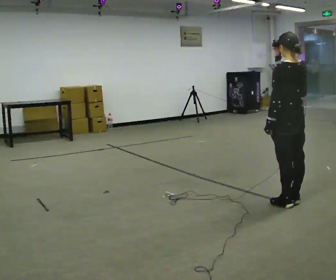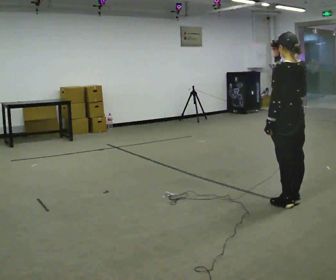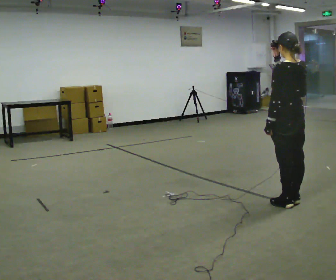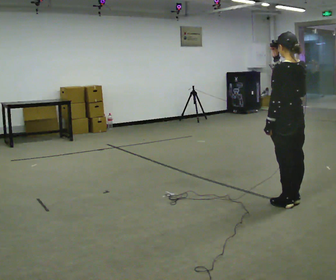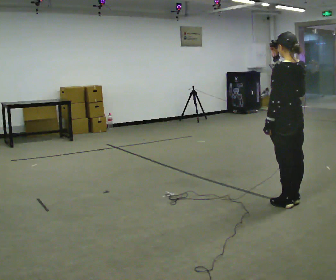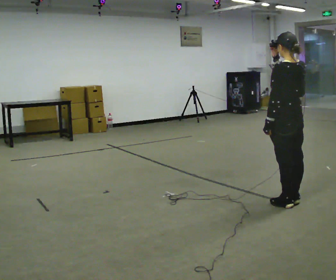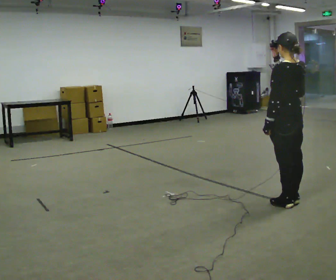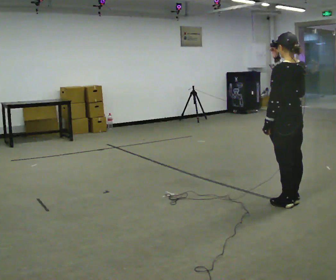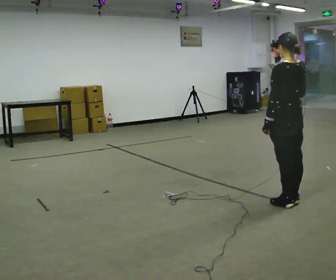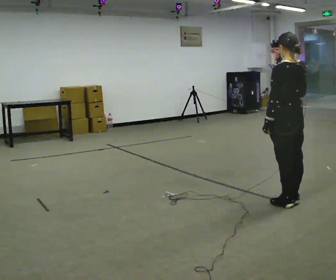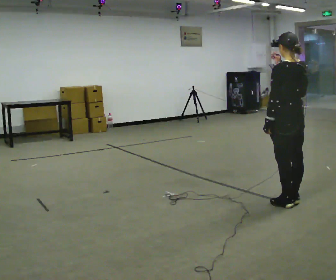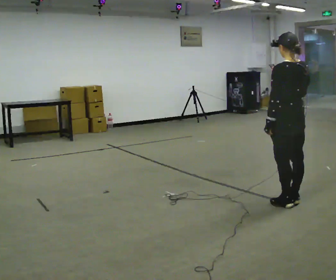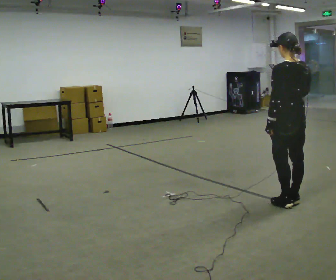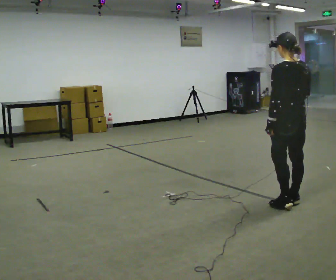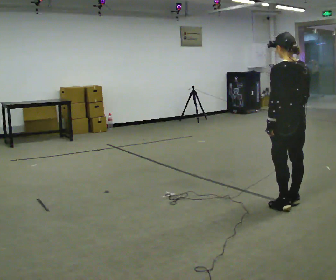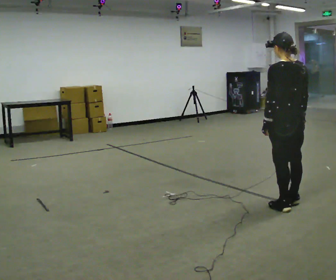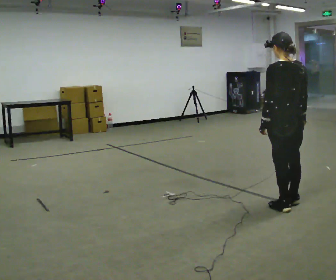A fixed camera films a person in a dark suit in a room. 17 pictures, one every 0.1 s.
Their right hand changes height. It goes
downward.
0.0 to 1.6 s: In the picture their right hand goes downward.
The film runs backward here.
